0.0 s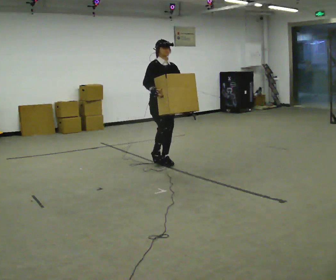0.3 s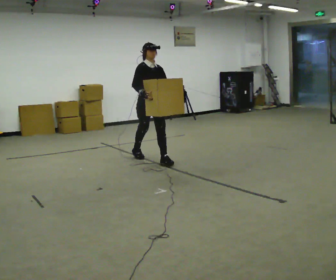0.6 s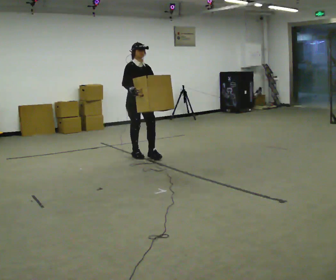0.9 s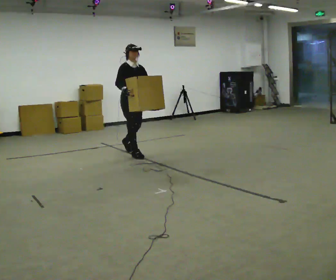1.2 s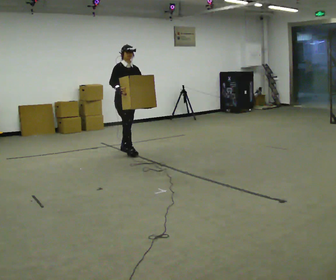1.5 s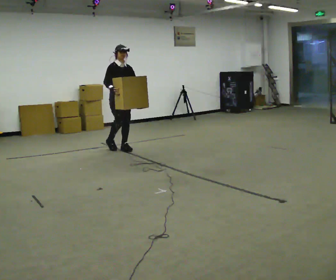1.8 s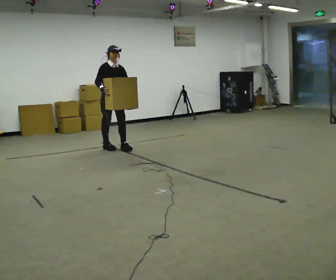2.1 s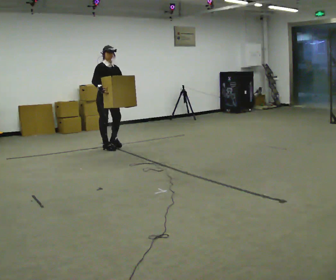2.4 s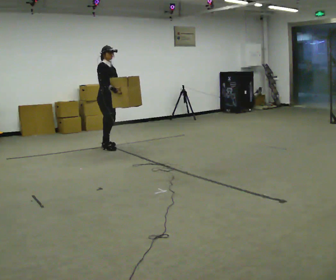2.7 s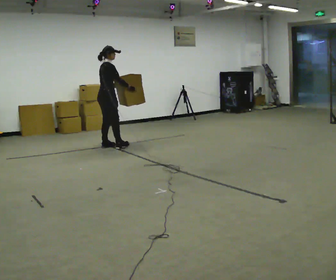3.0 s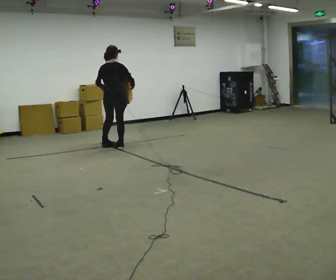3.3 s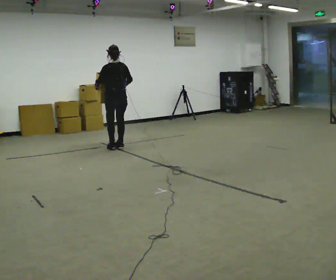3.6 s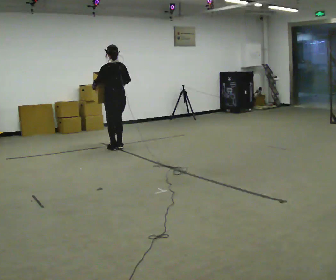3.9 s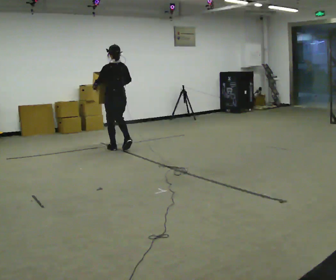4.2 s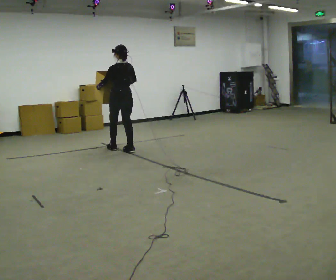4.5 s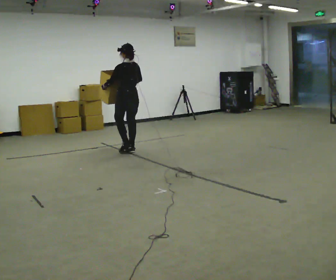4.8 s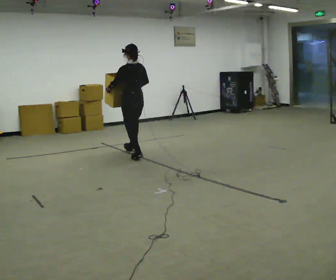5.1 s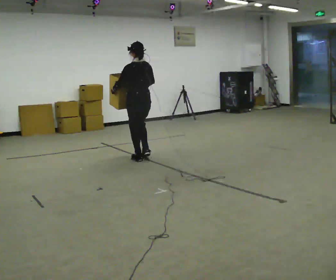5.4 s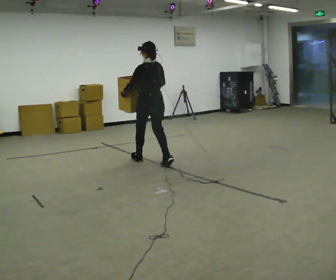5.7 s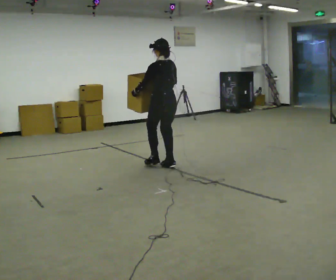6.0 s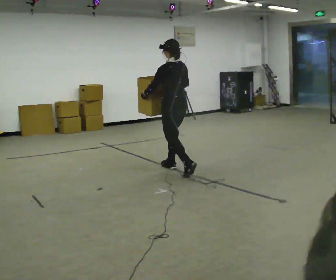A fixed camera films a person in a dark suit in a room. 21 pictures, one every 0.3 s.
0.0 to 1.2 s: In the picture they go away from the camera and to the left, about 1 m in 2 steps, which for them is backward.
1.2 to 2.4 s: The person turns about 30 degrees to their left, counterclockwise seen from above, so the part of the body nearest the lens slides to the right. In the picture they go to the left and away from the camera, about 0.5 m in 1 step, which for them is backward.
2.4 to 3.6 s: Seen from above the body turns counterclockwise, about 135 degrees: to their left, with its near side sliding to the right. In the picture they go to the right, about 0.25 m in 2 steps.
3.6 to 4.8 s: In the picture they go toward the camera and to the right, about 0.5 m in 2 steps, which for them is backward.
4.8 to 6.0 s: In the picture they go toward the camera and to the right, about 1 m in 2 steps, which for them is backward.
The film runs backward here.
